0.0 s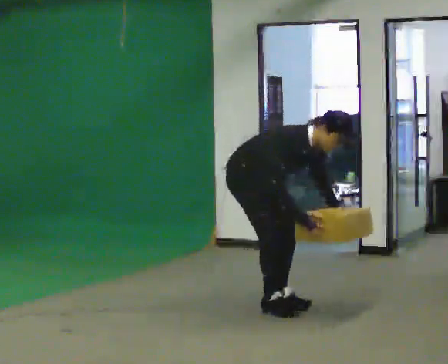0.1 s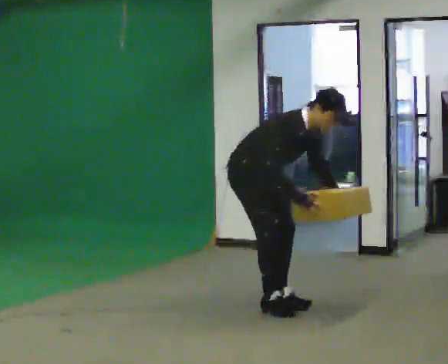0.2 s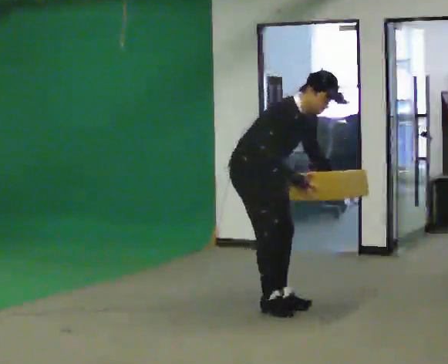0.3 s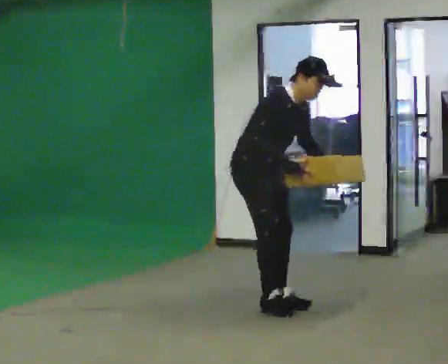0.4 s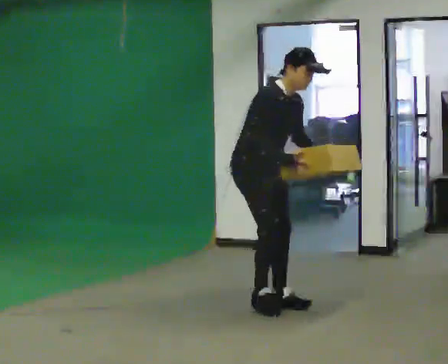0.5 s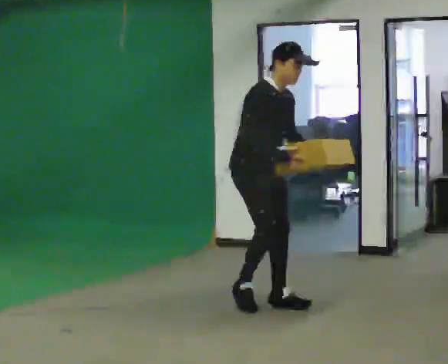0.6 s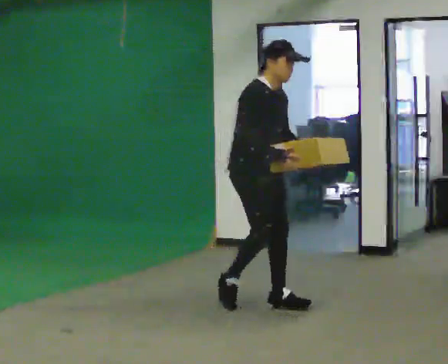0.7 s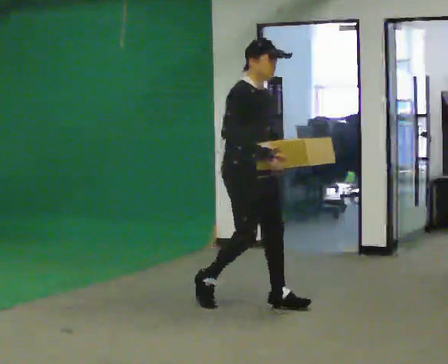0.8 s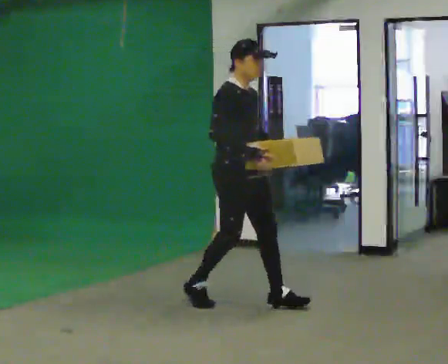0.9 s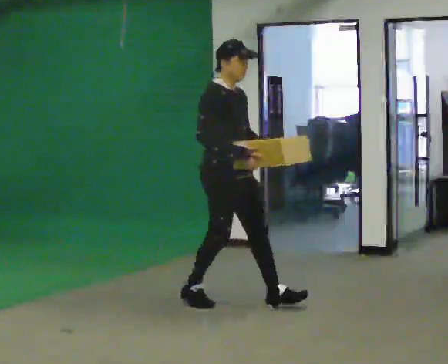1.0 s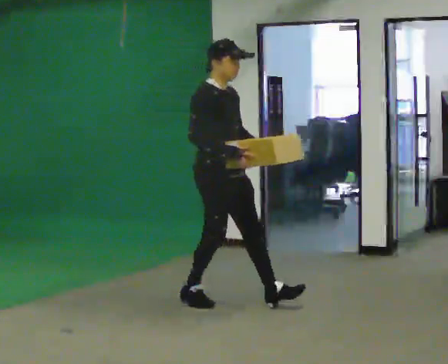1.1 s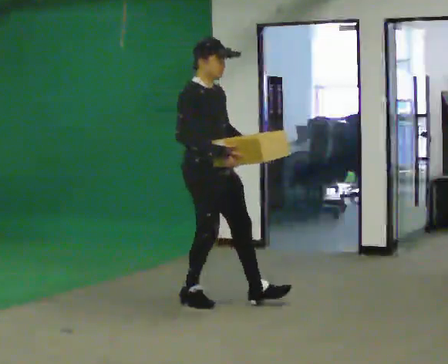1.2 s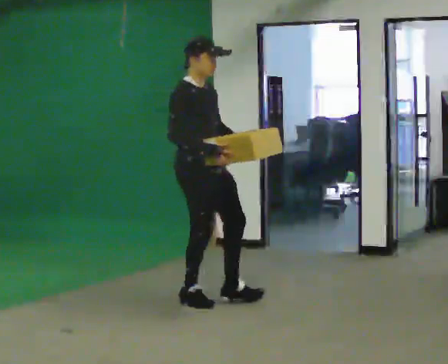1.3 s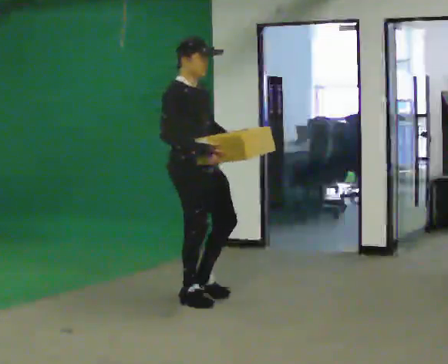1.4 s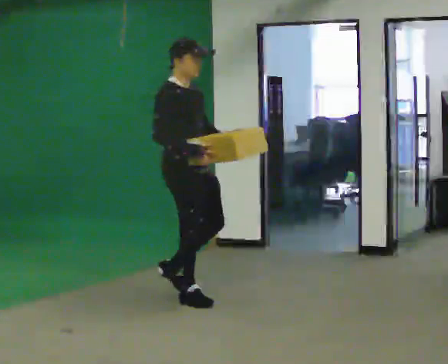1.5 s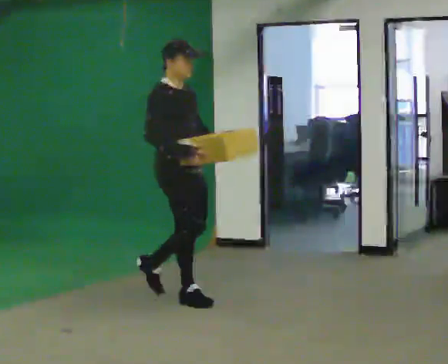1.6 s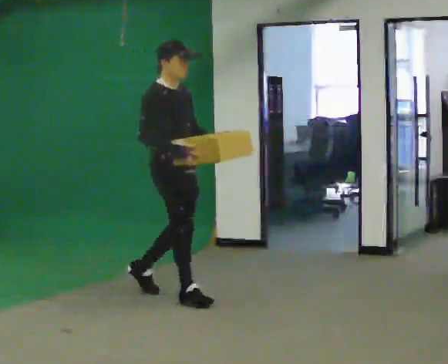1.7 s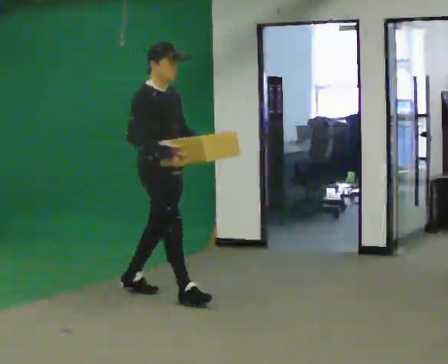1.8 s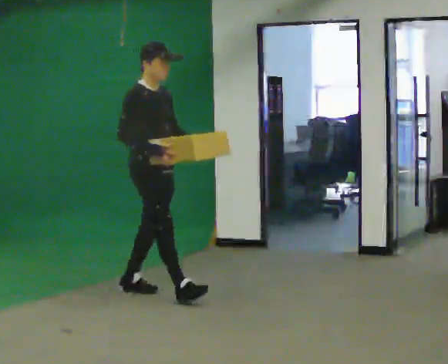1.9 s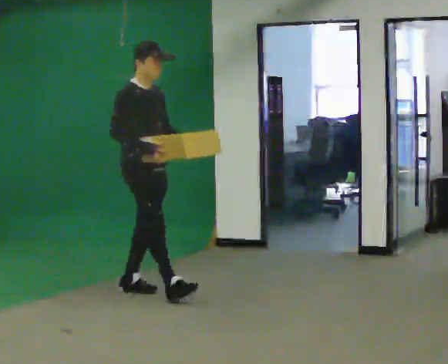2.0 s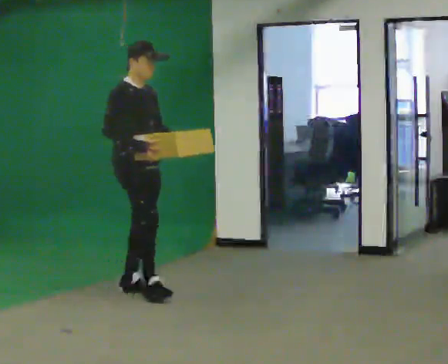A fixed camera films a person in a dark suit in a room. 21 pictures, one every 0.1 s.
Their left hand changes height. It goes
upward.
The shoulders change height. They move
upward.
0.0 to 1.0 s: In the picture they go to the left, about 0.25 m in 1 step, which for them is backward. The upper body goes upward. In the picture the upper body tilts counterclockwise, shoulders to the left, as they lean back or straighten. In the picture their right hand goes upward and to the left.
1.0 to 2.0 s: In the picture they go to the left and away from the camera, about 0.5 m in 2 steps, which for them is backward.
The film runs backward here.
